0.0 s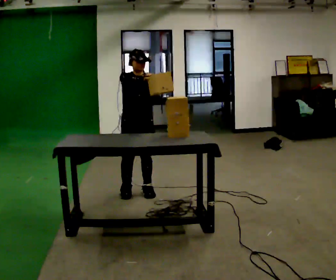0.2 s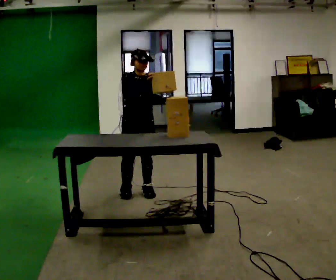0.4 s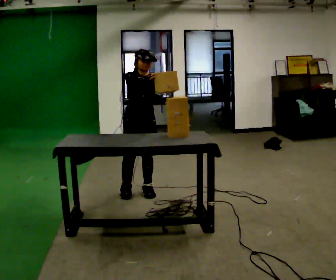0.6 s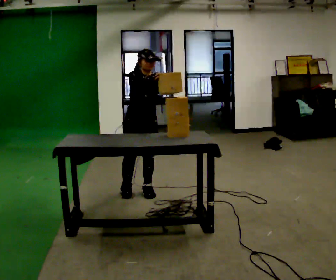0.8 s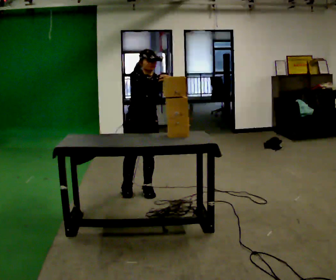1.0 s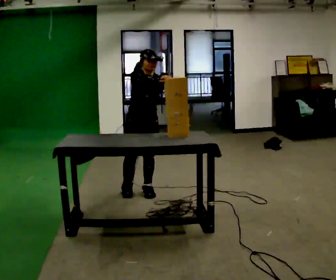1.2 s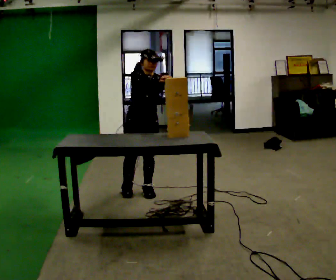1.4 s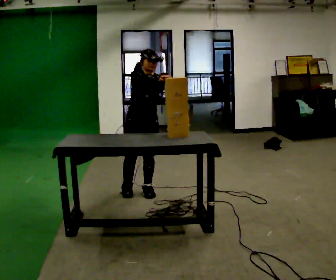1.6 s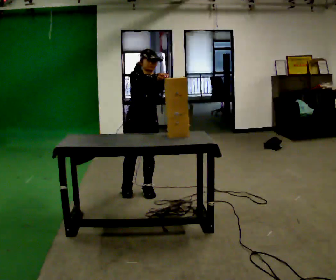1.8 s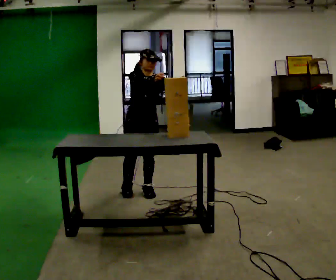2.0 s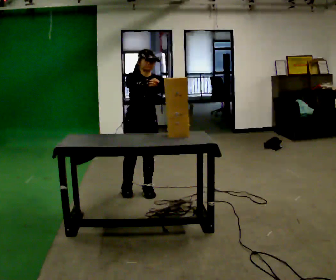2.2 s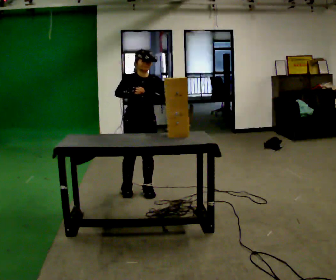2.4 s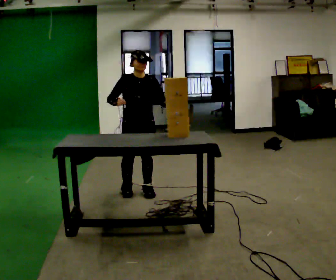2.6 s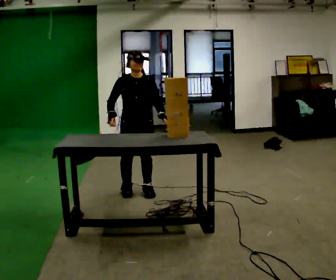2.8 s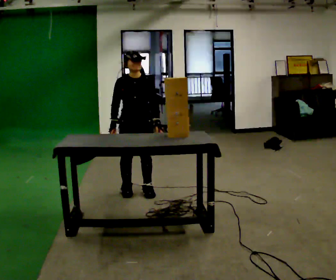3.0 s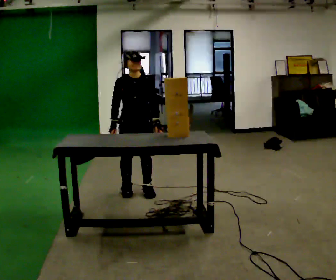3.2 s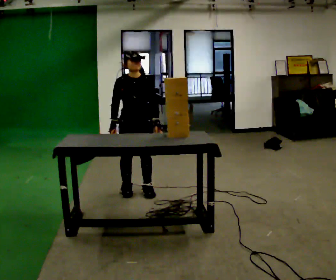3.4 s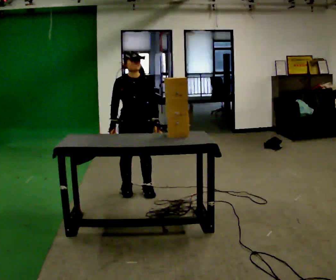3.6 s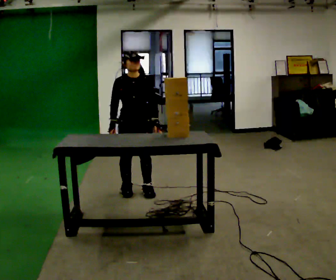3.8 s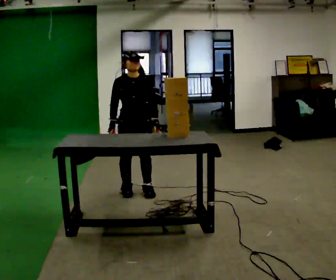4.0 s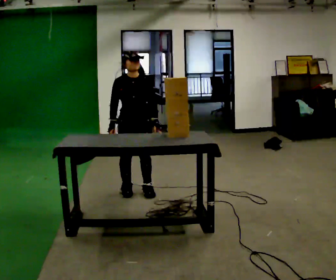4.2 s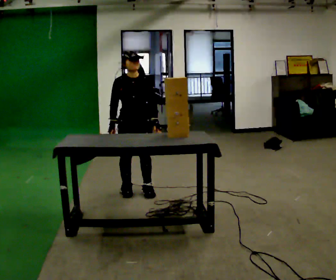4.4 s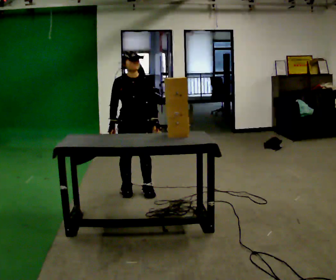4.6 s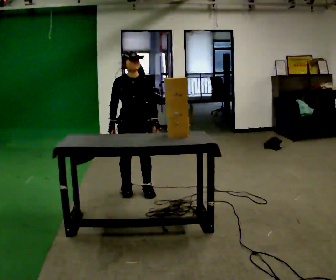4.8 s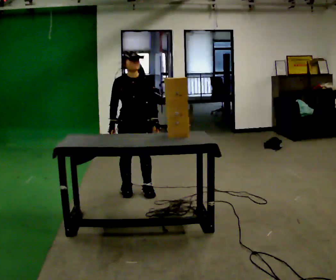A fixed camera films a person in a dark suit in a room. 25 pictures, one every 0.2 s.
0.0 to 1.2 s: The person moves a little, or ends about where they began.
1.2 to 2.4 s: In the picture their right hand goes to the left.
2.4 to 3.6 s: The person moves a little, or ends about where they began.
3.6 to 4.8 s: The person keeps their place and pose.
The film runs backward here.
